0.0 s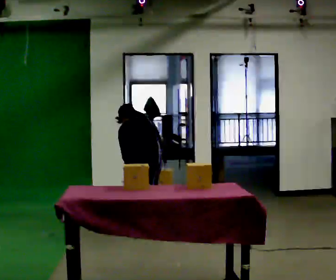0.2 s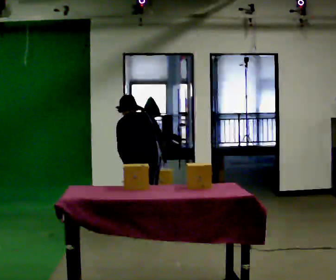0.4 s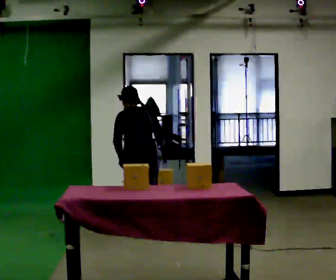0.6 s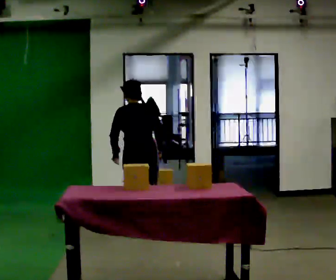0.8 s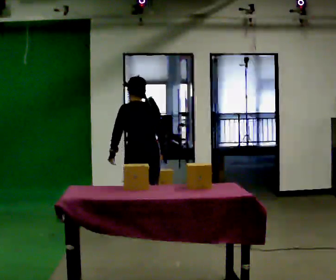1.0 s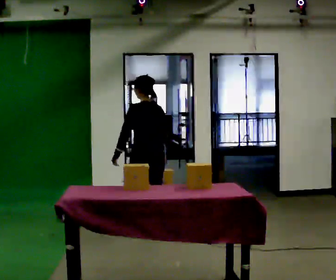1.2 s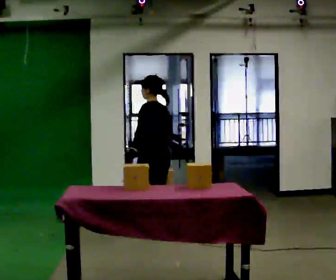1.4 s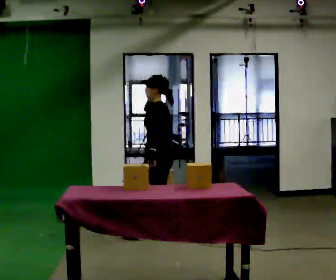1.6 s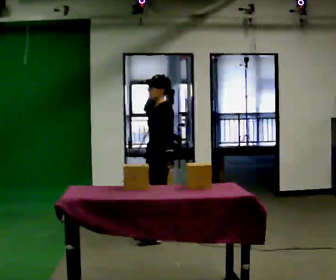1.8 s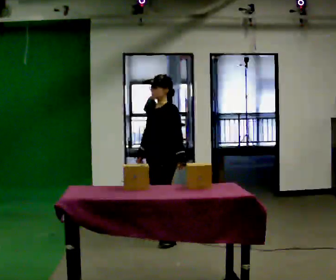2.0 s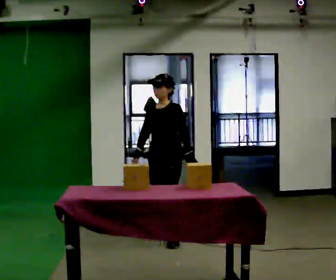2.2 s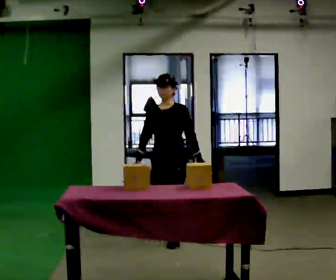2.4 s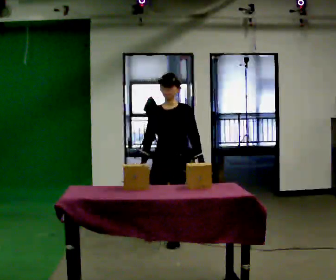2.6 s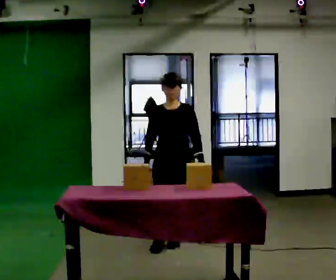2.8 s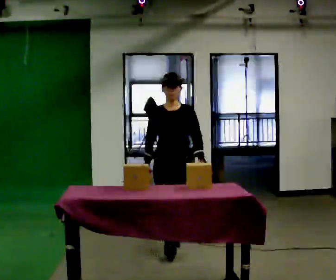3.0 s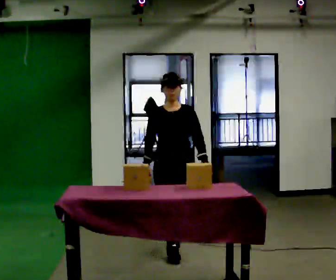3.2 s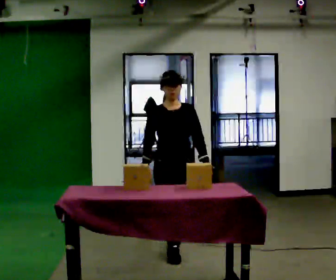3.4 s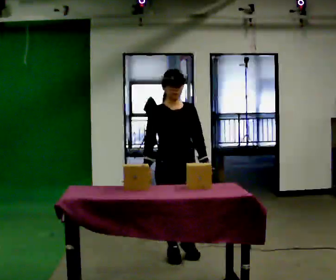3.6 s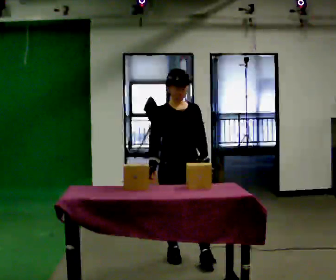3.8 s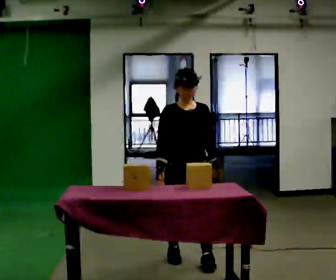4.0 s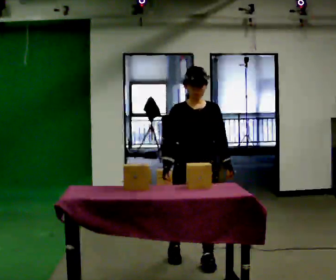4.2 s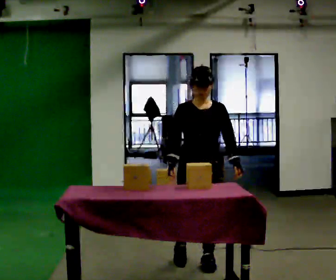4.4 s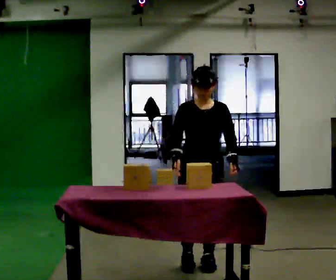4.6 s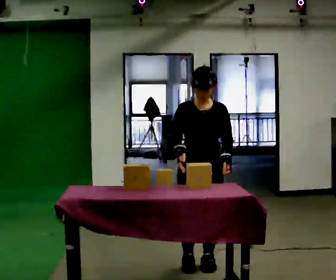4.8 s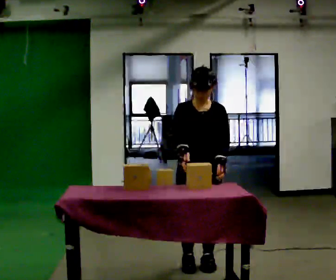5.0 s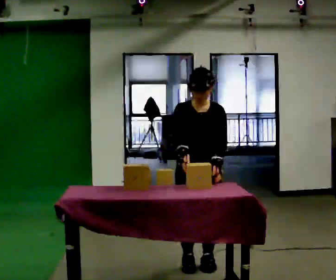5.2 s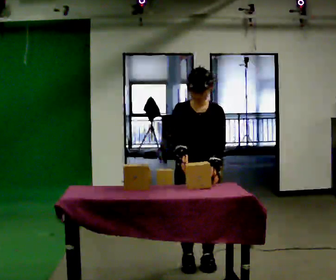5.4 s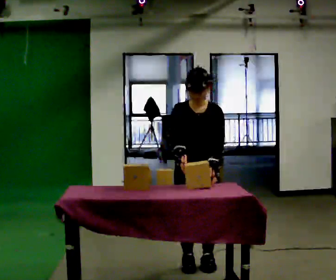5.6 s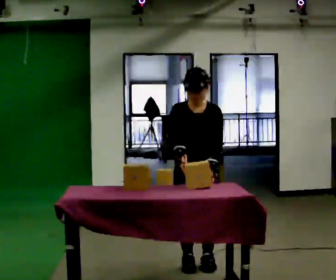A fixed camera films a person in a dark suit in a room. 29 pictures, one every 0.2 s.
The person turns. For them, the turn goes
to their left.
The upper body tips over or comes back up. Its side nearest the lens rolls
downward.
0.0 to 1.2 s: Seen from above the body turns counterclockwise, about 45 degrees: to their left, with its near side sliding to the right. The upper body goes upward. The upper body tips toward the camera, its near side rolling downward, as they lean back or straighten.
1.2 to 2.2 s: The person turns about 90 degrees to their left, counterclockwise seen from above, so the part of the body nearest the lens slides to the right. In the picture they go toward the camera, about 0.25 m in 1 step.
2.2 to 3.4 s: The person turns about 45 degrees to their left, counterclockwise seen from above, so the part of the body nearest the lens slides to the right. In the picture they go toward the camera, about 0.5 m in 1 step, which for them is forward.
3.4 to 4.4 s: In the picture they go toward the camera and to the right, about 0.25 m in 2 steps, which for them is forward and to their left.
4.4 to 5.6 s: The person moves a little, or ends about where they began.
The film runs forward here.
